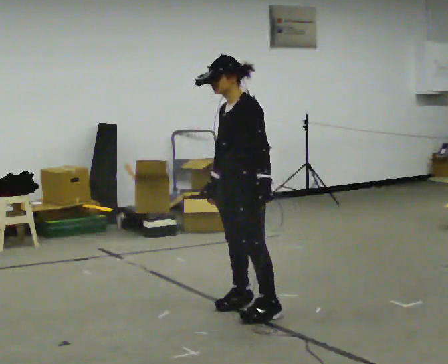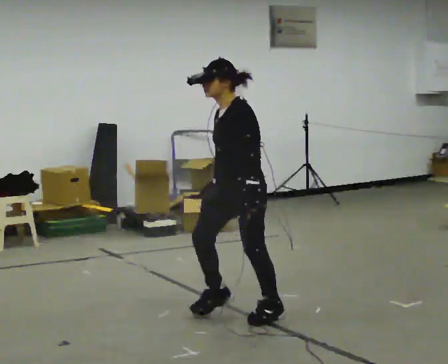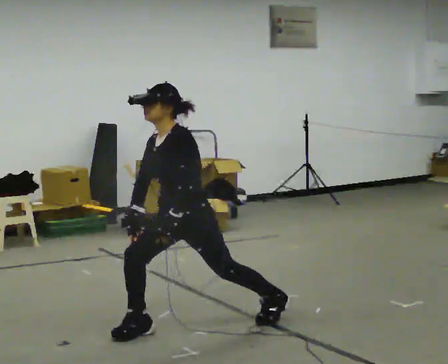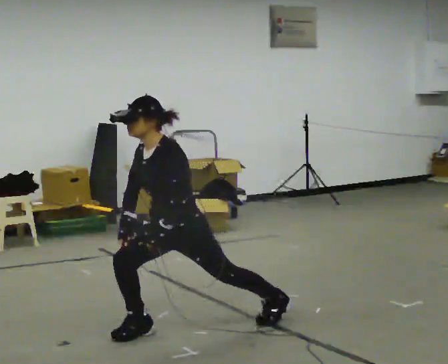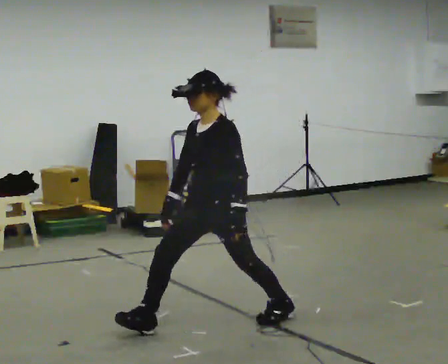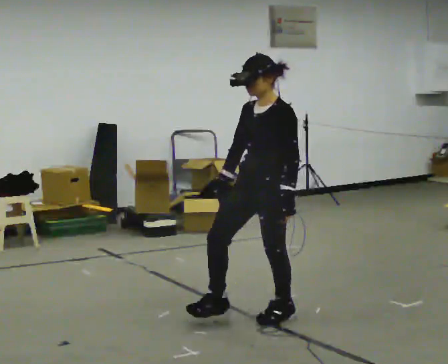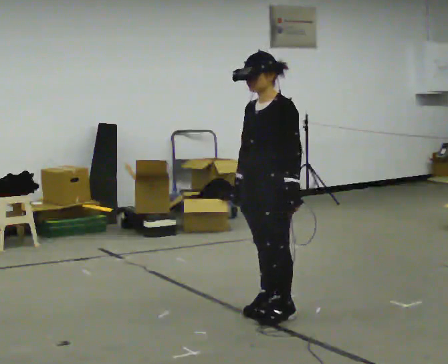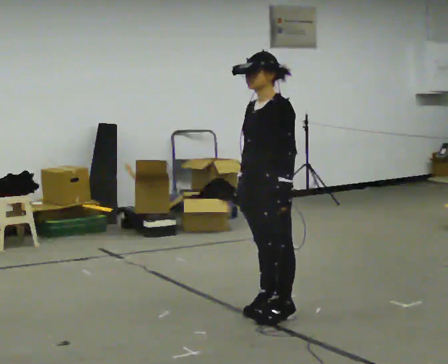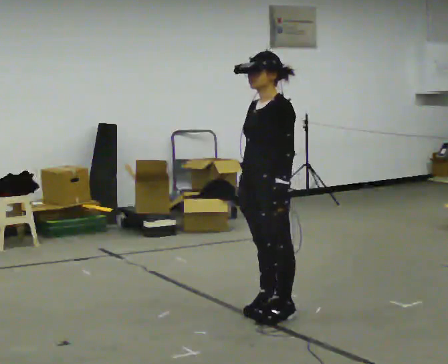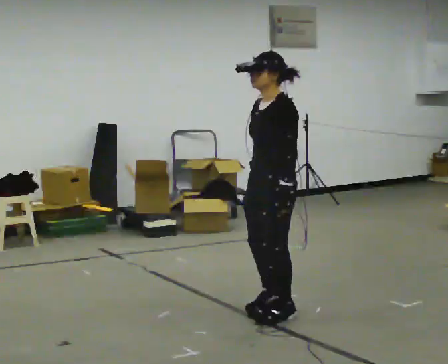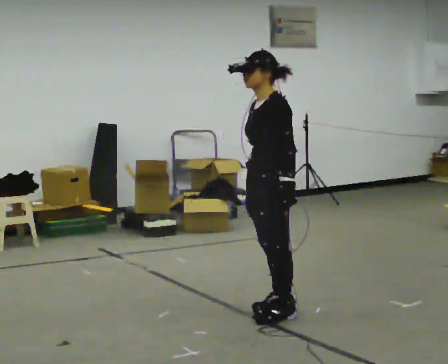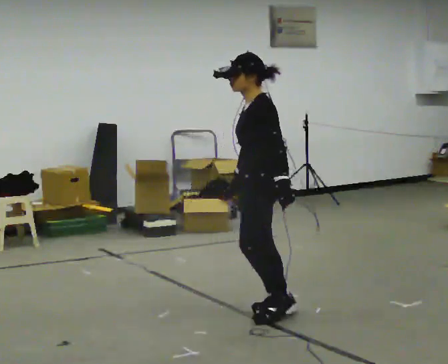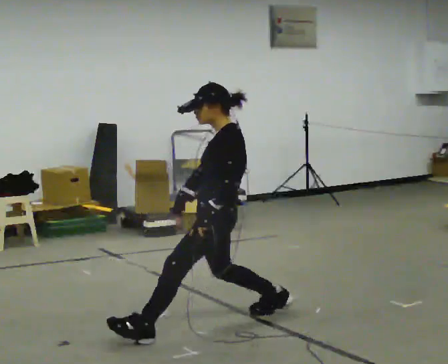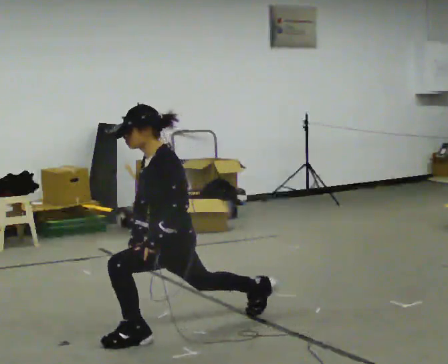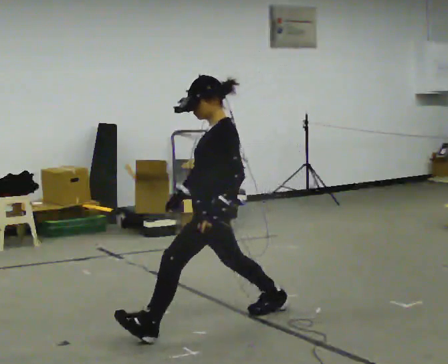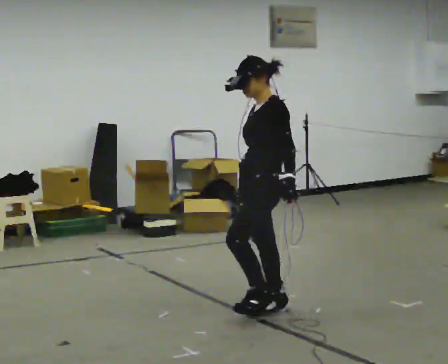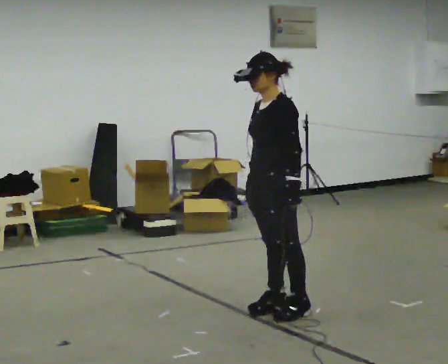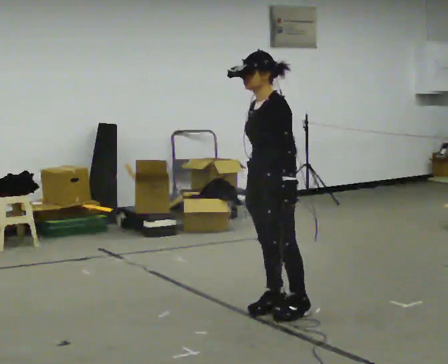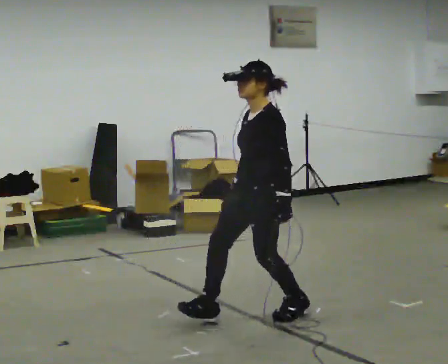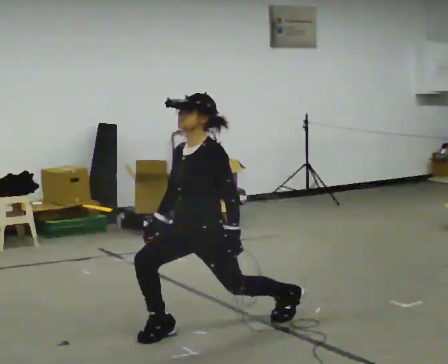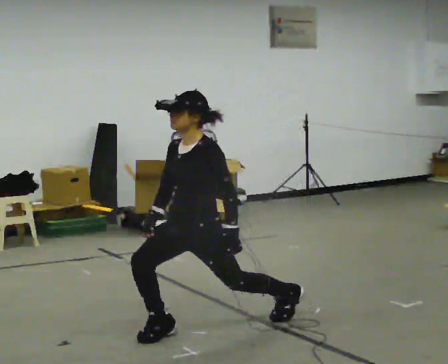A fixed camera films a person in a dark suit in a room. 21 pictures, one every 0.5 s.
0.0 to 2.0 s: In the picture they go toward the camera and to the left, about 0.5 m in 1 step, which for them is forward.
2.0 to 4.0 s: In the picture they go to the right and away from the camera, about 0.25 m in 1 step, which for them is backward.
4.0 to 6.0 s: Seen from above the body turns clockwise, about 30 degrees: to their right, with its near side sliding to the left. In the picture they go to the left, about 0.25 m in 1 step, which for them is forward. The upper body goes downward.
6.0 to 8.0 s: The part of the body nearest the lens slides to the right as the person turns to their left by about 30 degrees. In the picture they go to the right and away from the camera, about 0.25 m in 1 step, which for them is backward and to their right.
8.0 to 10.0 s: In the picture they go to the left and toward the camera, about 0.5 m in 1 step, which for them is forward. The upper body goes downward.
The film runs backward here.
